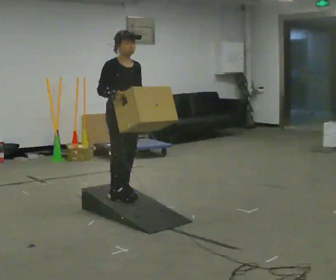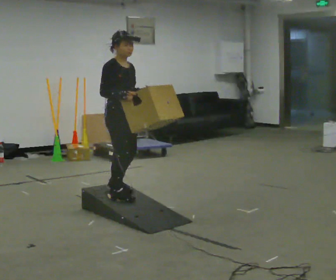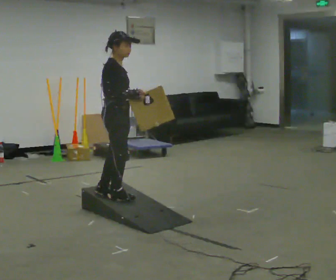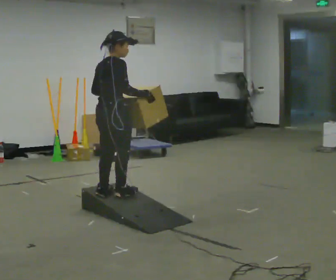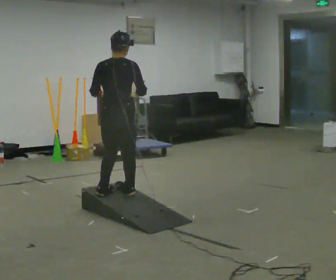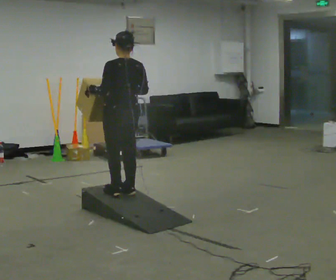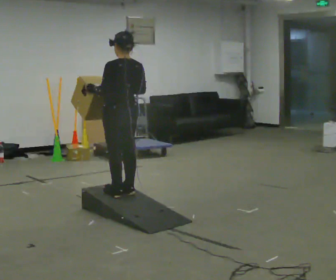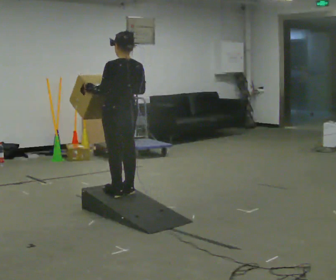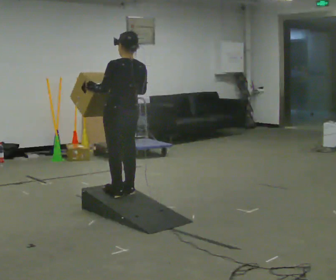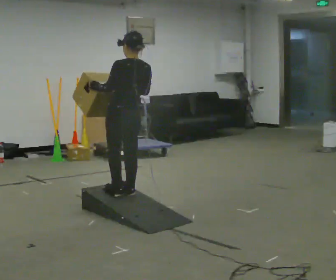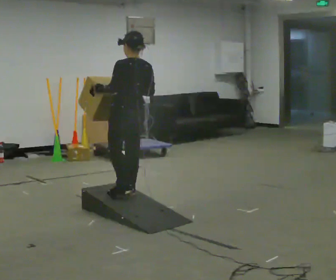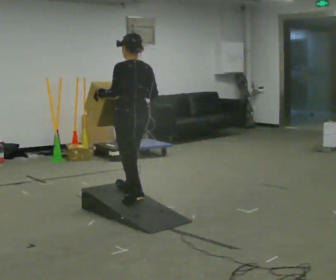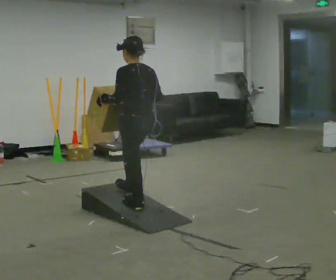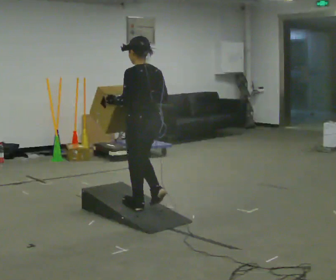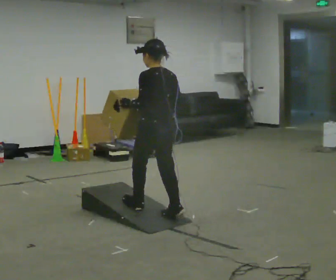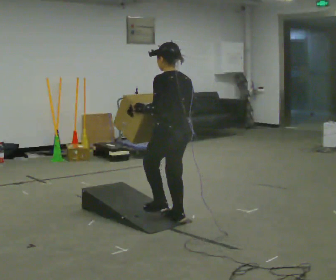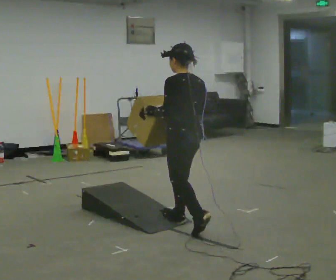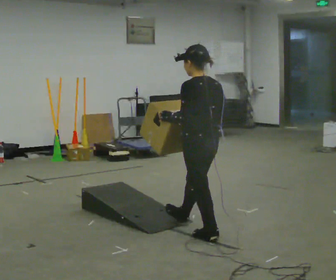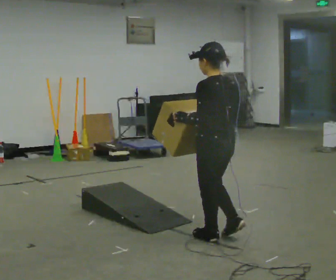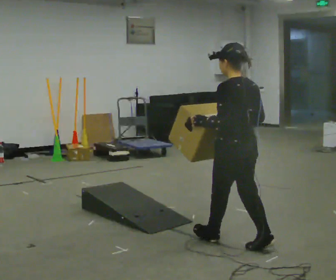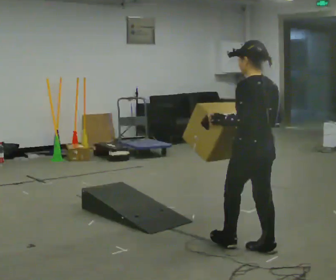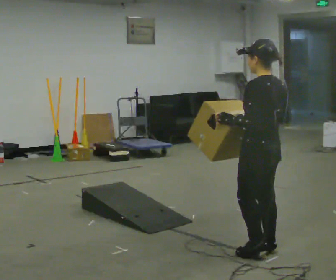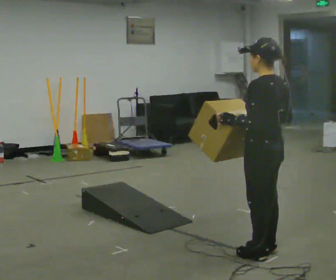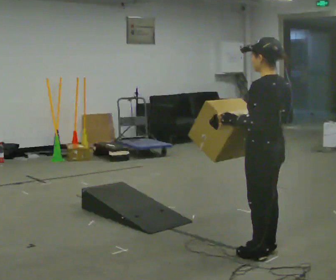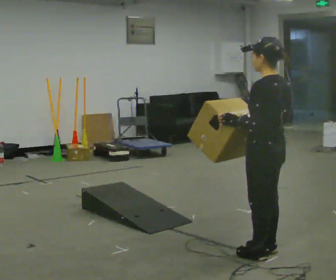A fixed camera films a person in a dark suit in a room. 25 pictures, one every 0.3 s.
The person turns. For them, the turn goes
to their left.
The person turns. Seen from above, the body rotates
counterclockwise.
0.0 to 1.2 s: The part of the body nearest the lens slides to the right as the person turns to their left by about 120 degrees.
1.2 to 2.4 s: Seen from above the body turns counterclockwise, about 45 degrees: to their left, with its near side sliding to the right.
2.4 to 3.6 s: In the picture they go toward the camera, about 0.25 m in 1 step, which for them is backward.
3.6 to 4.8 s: In the picture they go toward the camera and to the right, about 0.5 m in 2 steps, which for them is backward.
4.8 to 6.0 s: In the picture they go toward the camera and to the right, about 0.5 m in 2 steps, which for them is backward.
6.0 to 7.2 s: The person moves a little, or ends about where they began.
The film runs backward here.
